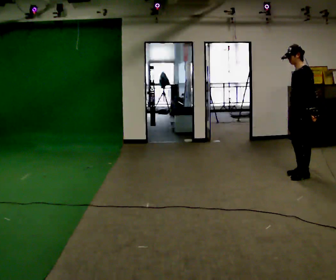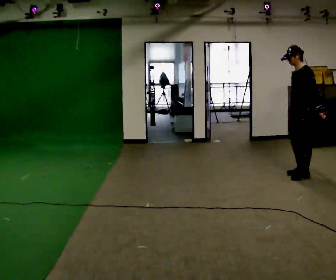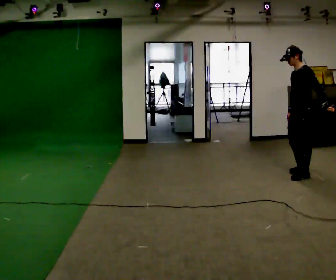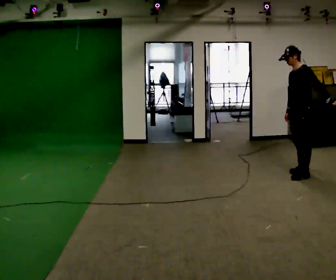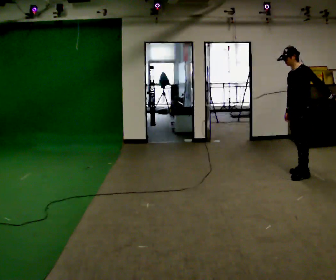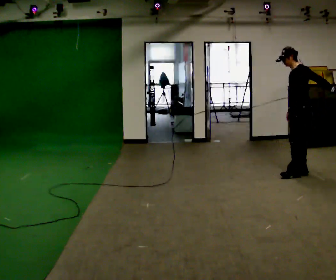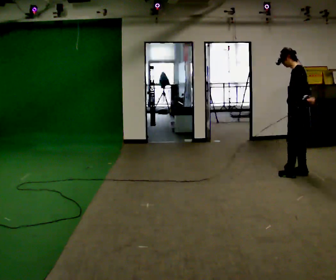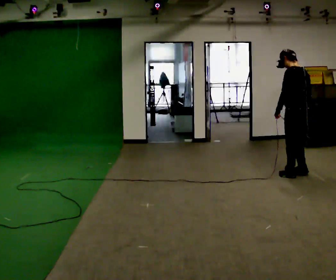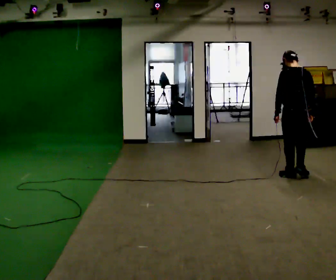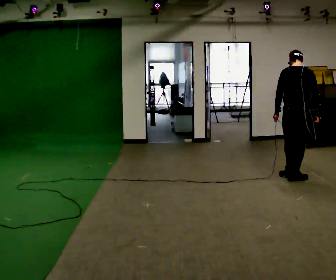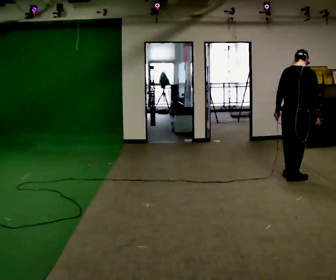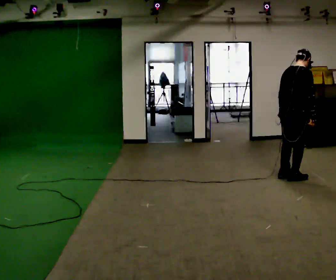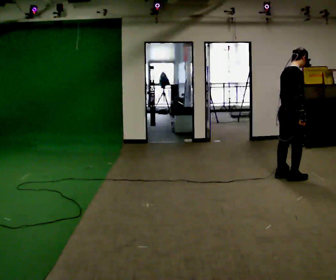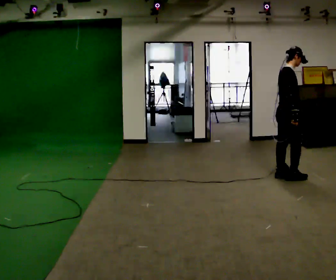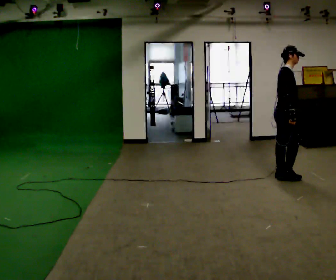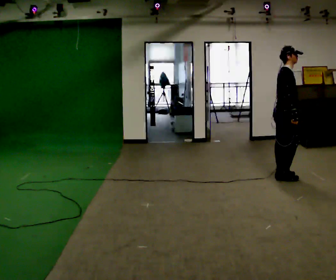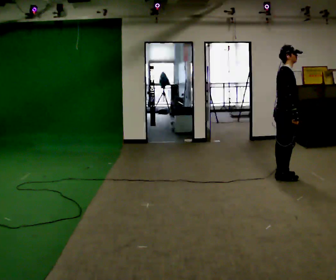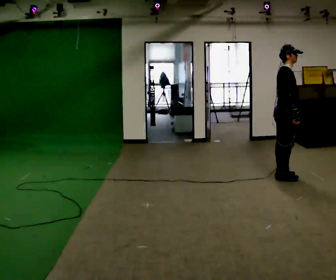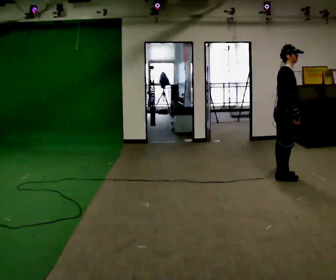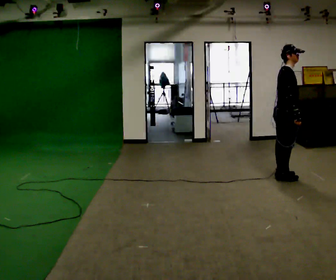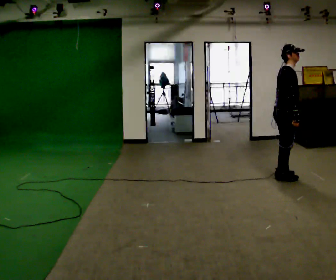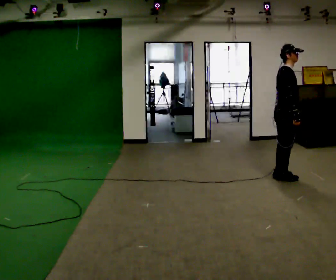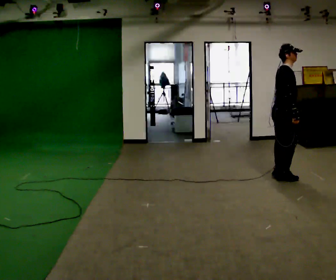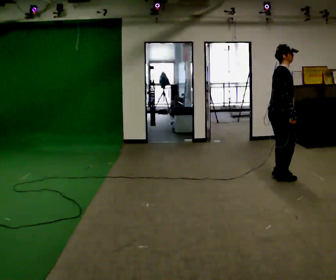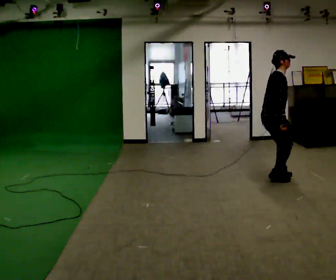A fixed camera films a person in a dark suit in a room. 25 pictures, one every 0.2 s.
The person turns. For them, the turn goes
to their right.
The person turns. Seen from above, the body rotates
clockwise.
0.0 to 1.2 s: Seen from above the body turns clockwise, about 30 degrees: to their right, with its near side sliding to the left.
1.2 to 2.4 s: Seen from above the body turns clockwise, about 135 degrees: to their right, with its near side sliding to the left. In the picture they go toward the camera and to the left, about 0.25 m in 2 steps.
2.4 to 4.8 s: In the picture they go to the left, about 0.25 m, which for them is backward.
The film runs backward here.
